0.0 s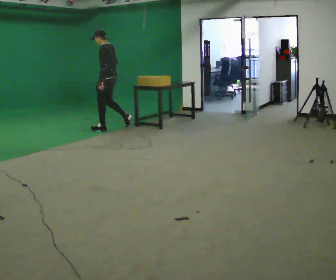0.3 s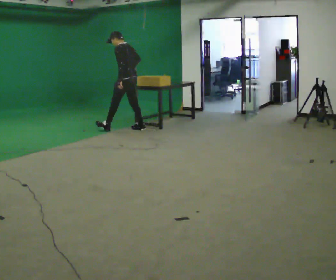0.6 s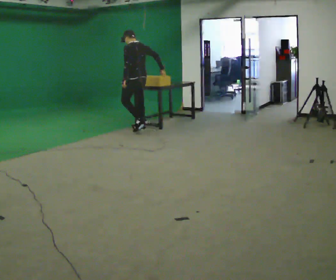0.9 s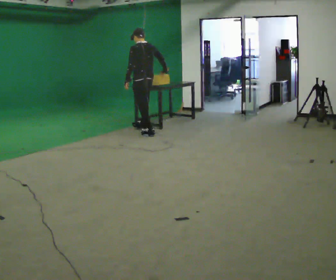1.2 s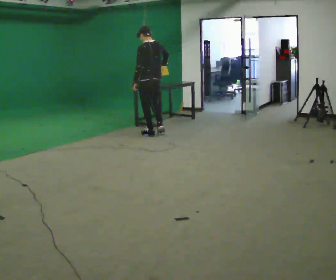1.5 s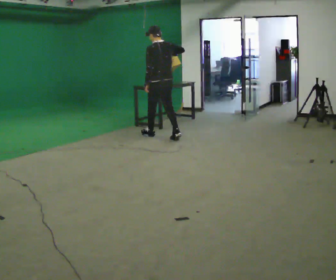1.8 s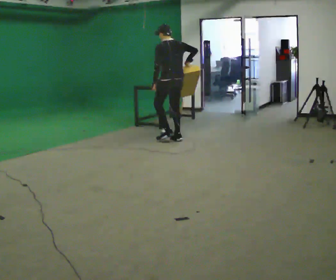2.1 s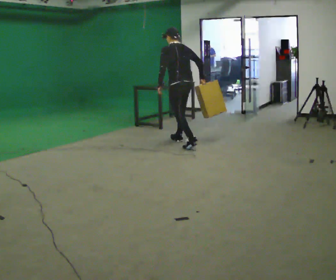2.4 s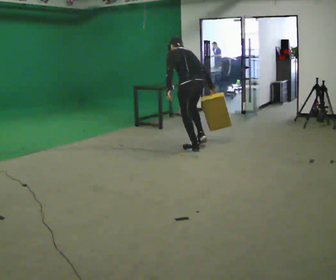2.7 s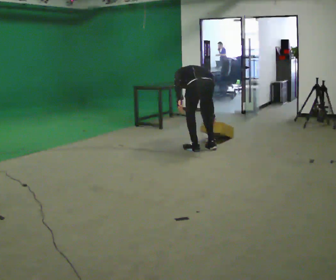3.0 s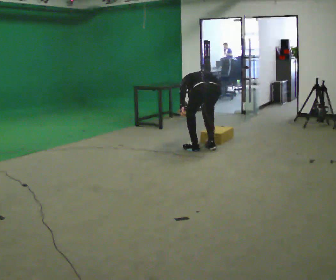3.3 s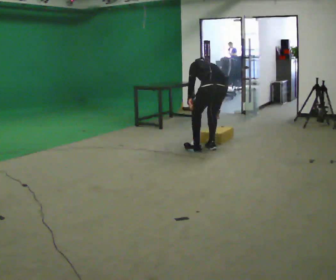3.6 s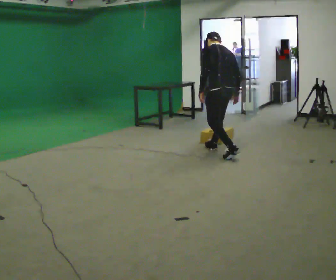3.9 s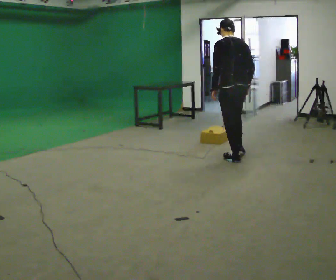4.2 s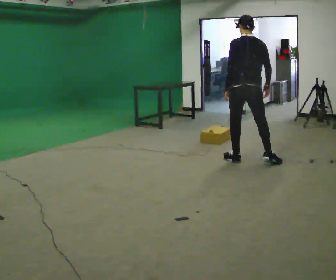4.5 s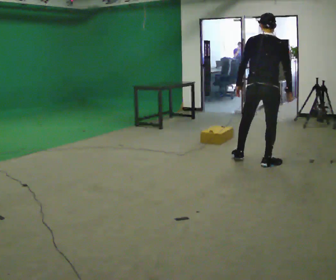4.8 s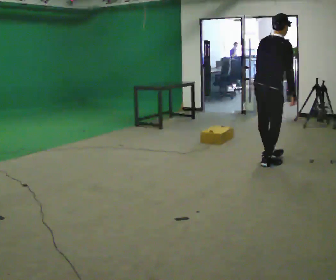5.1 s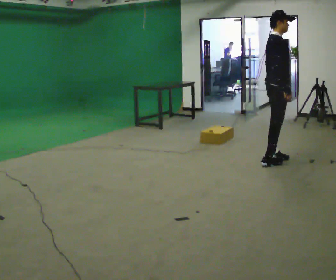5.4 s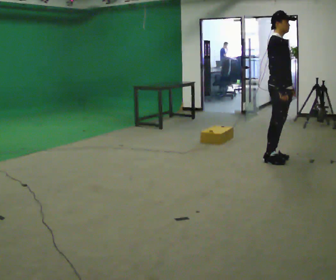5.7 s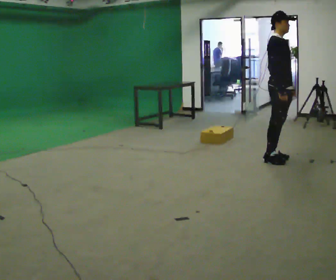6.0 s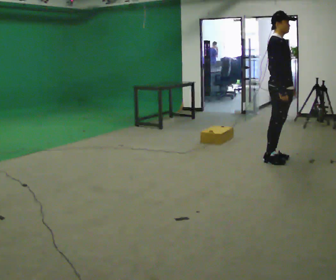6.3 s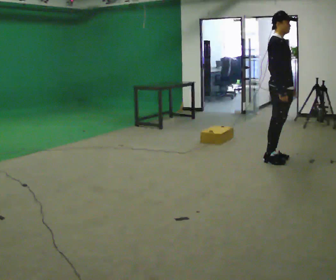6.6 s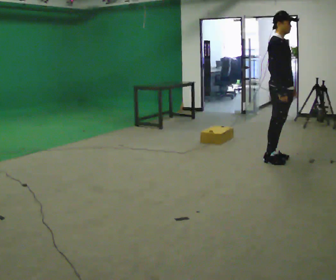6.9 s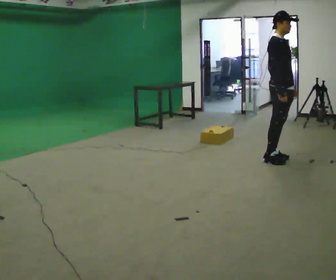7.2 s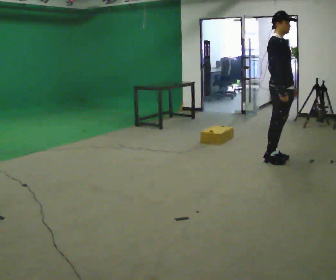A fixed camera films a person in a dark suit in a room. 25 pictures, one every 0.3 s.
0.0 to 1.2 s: The part of the body nearest the lens slides to the left as the person turns to their right by about 45 degrees. In the picture they go to the right, about 1 m in 2 steps, which for them is backward.
1.2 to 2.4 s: In the picture they go to the right and toward the camera, about 1 m in 2 steps, which for them is backward. The upper body tips away from the camera, its near side rolling upward, as they bend forward.
2.4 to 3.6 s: In the picture they go to the right and toward the camera, about 0.5 m in 1 step, which for them is backward and to their right.
3.6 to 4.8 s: Seen from above the body turns clockwise, about 75 degrees: to their right, with its near side sliding to the left. In the picture they go to the right and toward the camera, about 0.75 m in 2 steps. In the picture the upper body tilts clockwise, shoulders to the right.
4.8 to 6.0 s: The part of the body nearest the lens slides to the left as the person turns to their right by about 75 degrees. In the picture they go to the right, about 0.25 m in 1 step. In the picture the upper body tilts counterclockwise, shoulders to the left, as they lean back or straighten. In the picture their left hand goes to the right.
6.0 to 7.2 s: The person keeps their place and pose.
The film runs backward here.
